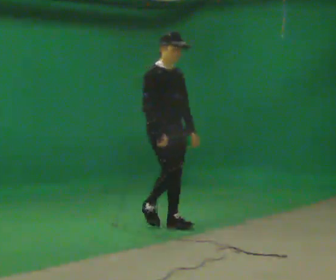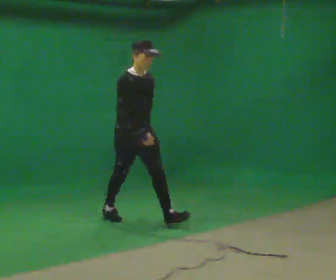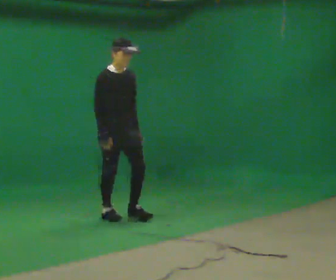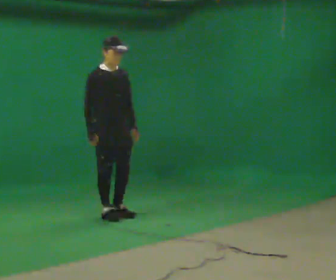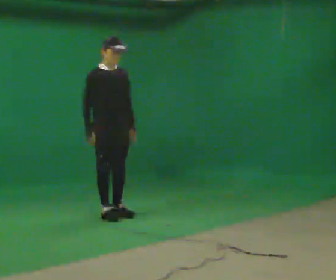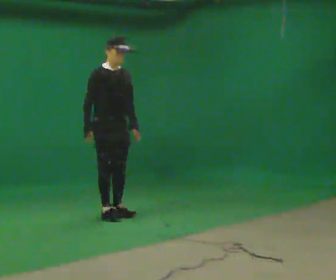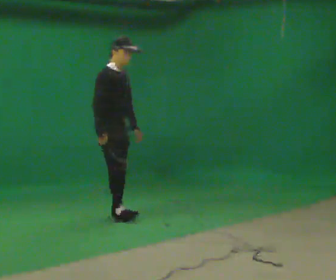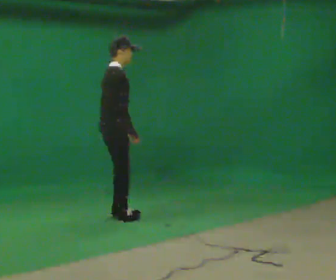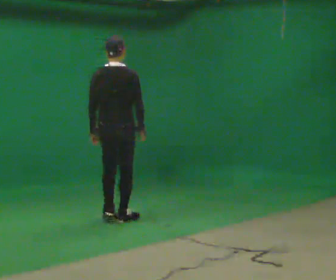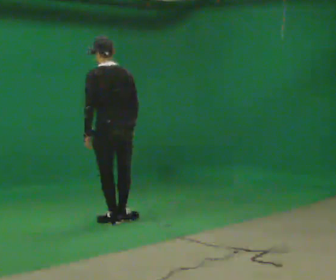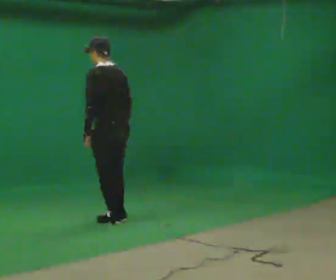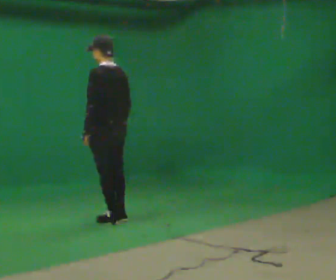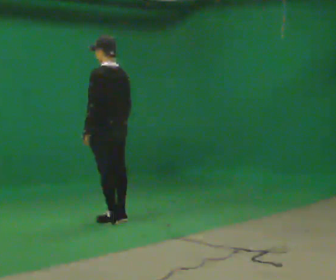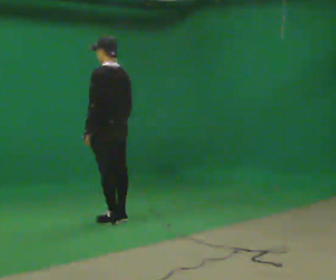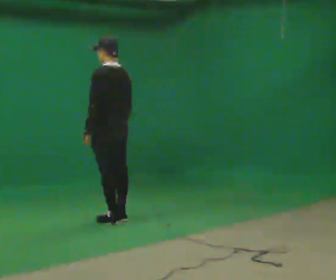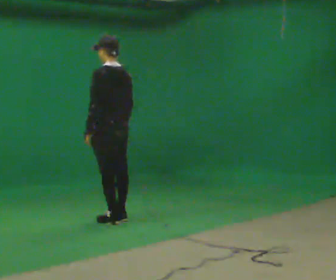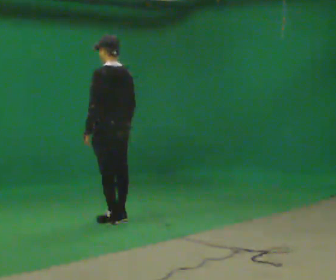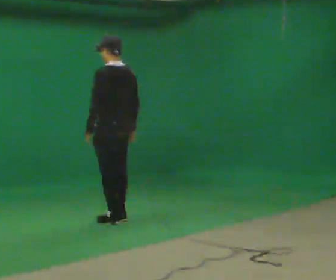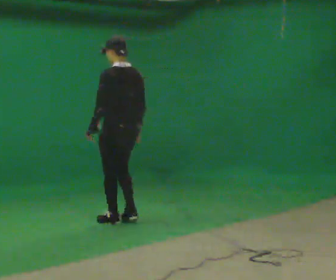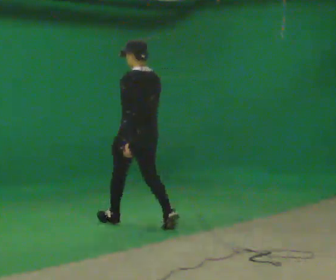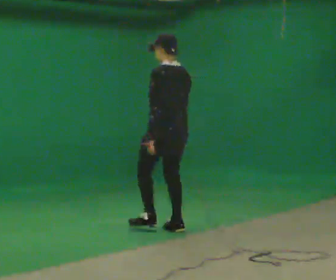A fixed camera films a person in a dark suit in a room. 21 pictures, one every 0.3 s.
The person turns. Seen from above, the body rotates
counterclockwise.
The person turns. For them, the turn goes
to their left.
0.0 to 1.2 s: In the picture they go away from the camera and to the left, about 1 m in 1 step, which for them is backward.
1.2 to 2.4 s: The part of the body nearest the lens slides to the right as the person turns to their left by about 120 degrees. In the picture they go toward the camera, about 0.25 m in 2 steps. In the picture their left hand goes to the left, the arm swinging clockwise.
2.4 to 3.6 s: The person turns about 75 degrees to their left, counterclockwise seen from above, so the part of the body nearest the lens slides to the right.
3.6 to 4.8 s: The person moves a little, or ends about where they began.
4.8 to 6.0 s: In the picture they go toward the camera and to the right, about 0.5 m in 2 steps, which for them is backward.
The film runs backward here.
